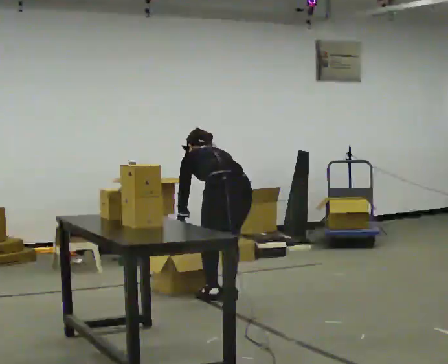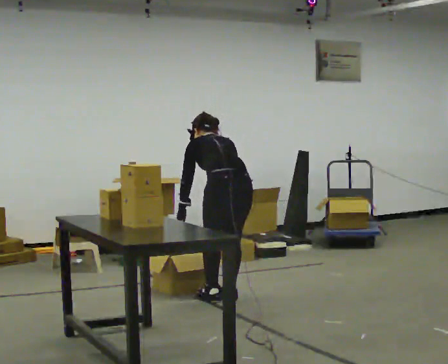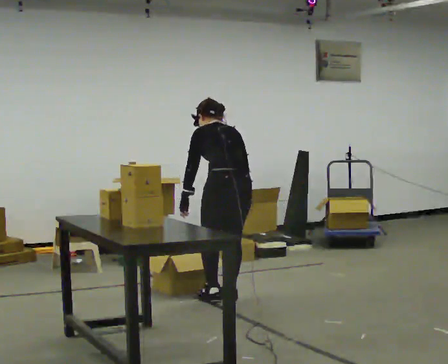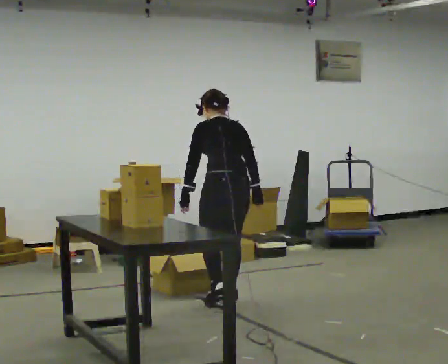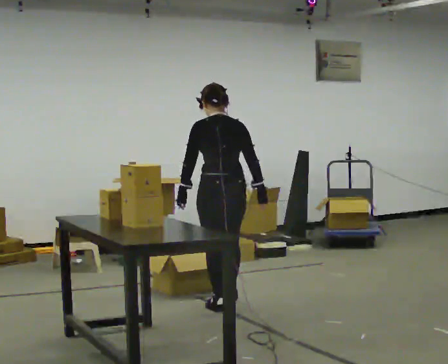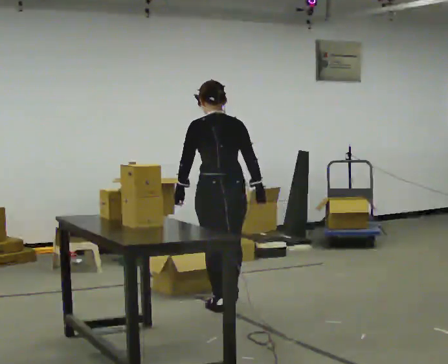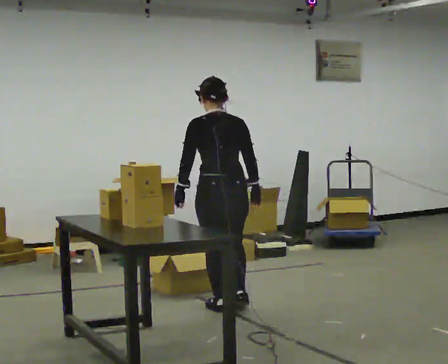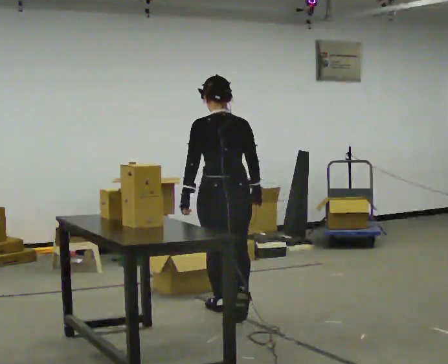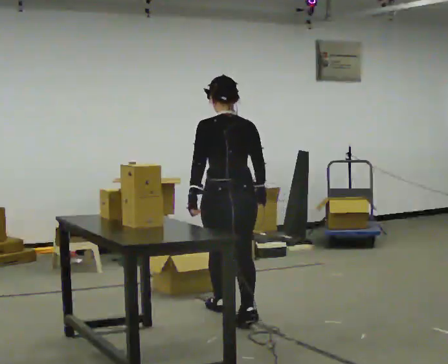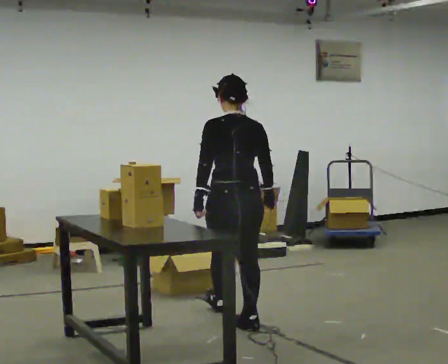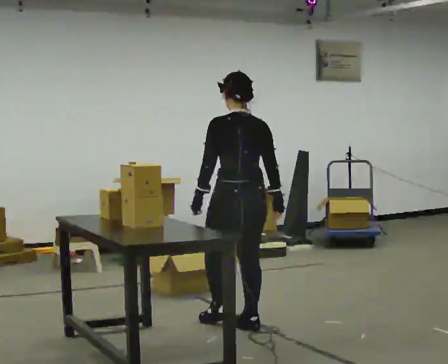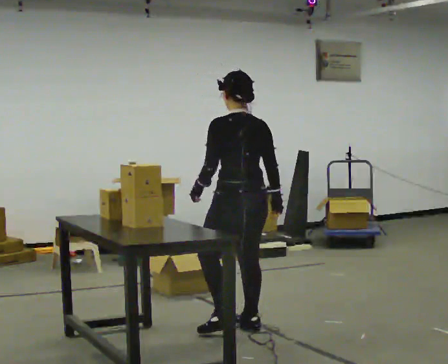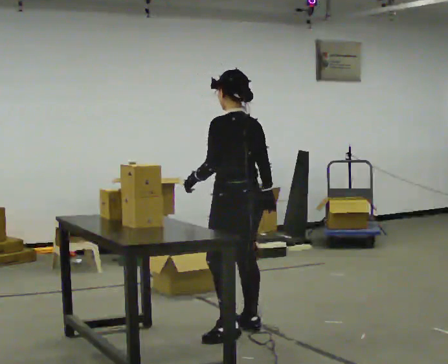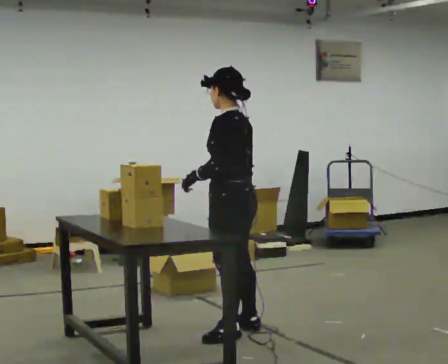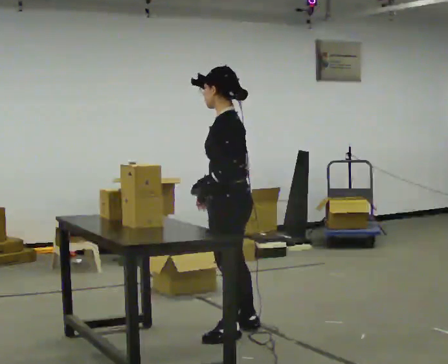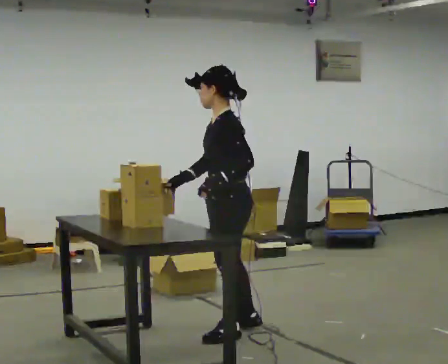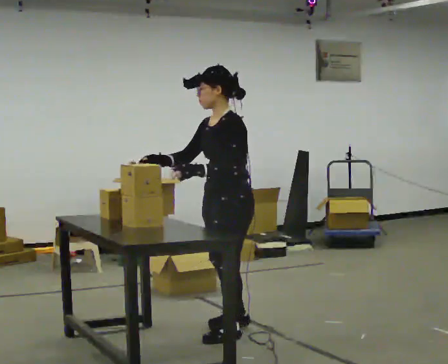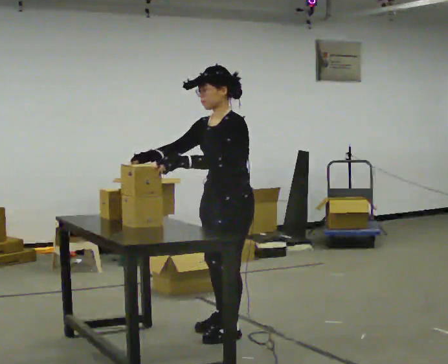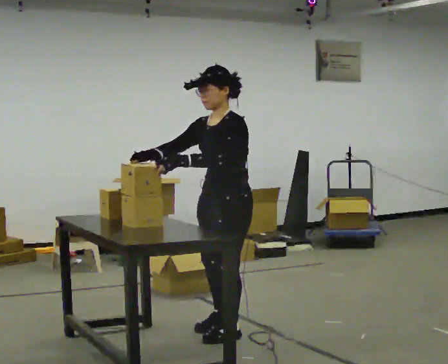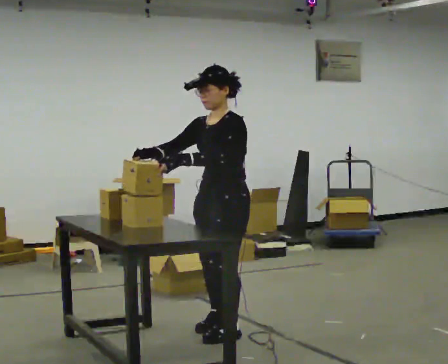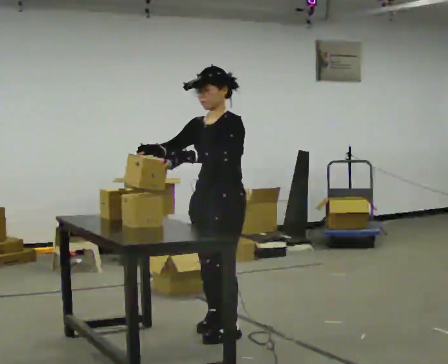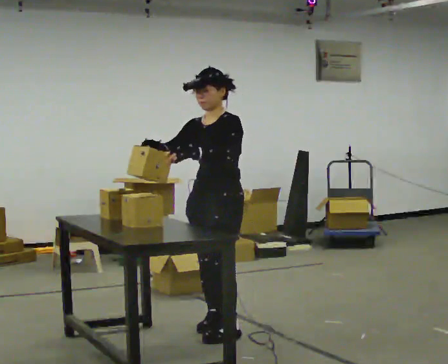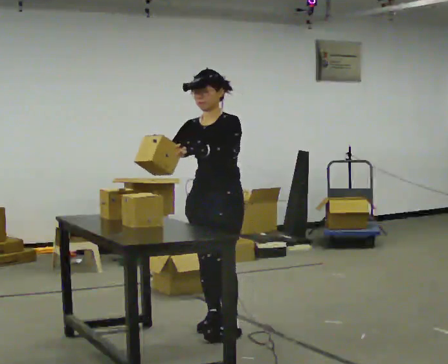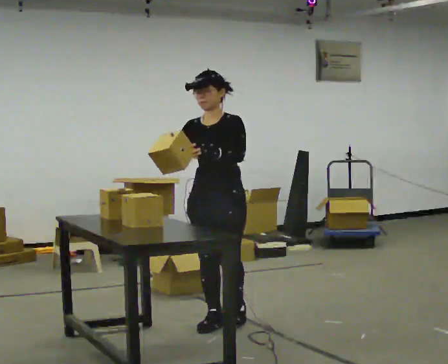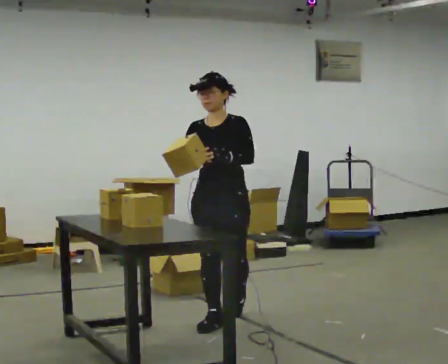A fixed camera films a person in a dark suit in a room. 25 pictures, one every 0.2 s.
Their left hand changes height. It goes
upward.
0.0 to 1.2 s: In the picture they go toward the camera, about 0.25 m in 2 steps, which for them is backward and to their left. The upper body goes upward. The upper body tips toward the camera, its near side rolling downward, as they lean back or straighten. In the picture their right hand goes upward.
1.2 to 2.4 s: The person turns about 45 degrees to their left, counterclockwise seen from above, so the part of the body nearest the lens slides to the right. In the picture they go toward the camera, about 0.5 m in 1 step, which for them is backward.
2.4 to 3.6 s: The person turns about 75 degrees to their left, counterclockwise seen from above, so the part of the body nearest the lens slides to the right. In the picture their right hand goes to the left, the arm swinging clockwise.
3.6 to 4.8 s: The part of the body nearest the lens slides to the right as the person turns to their left by about 45 degrees. In the picture they go away from the camera, about 0.25 m in 1 step, which for them is to their right and backward.
The film runs backward here.
